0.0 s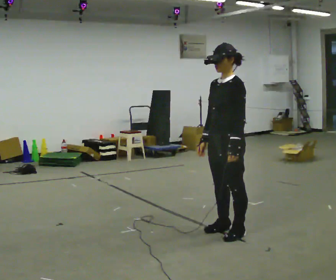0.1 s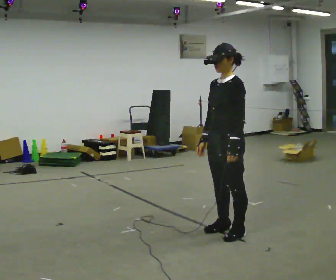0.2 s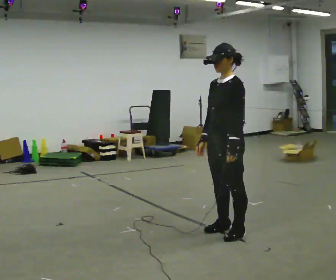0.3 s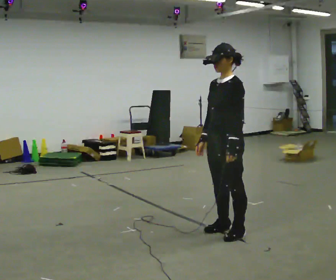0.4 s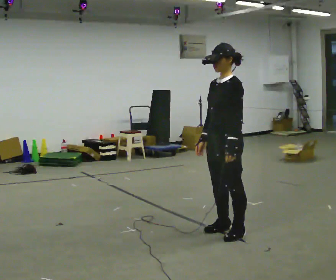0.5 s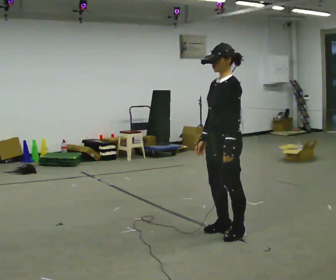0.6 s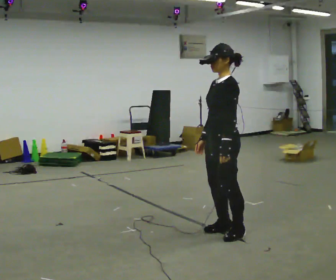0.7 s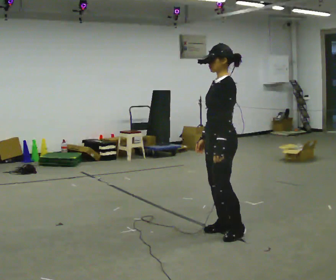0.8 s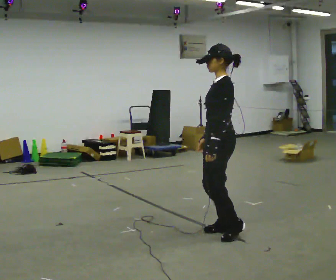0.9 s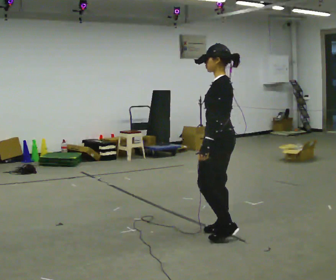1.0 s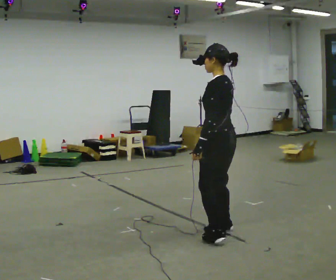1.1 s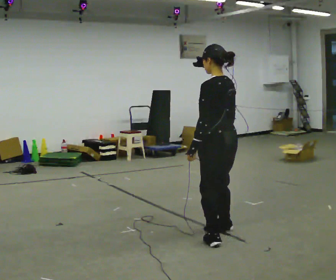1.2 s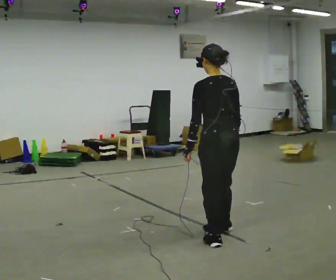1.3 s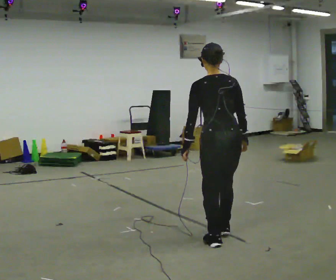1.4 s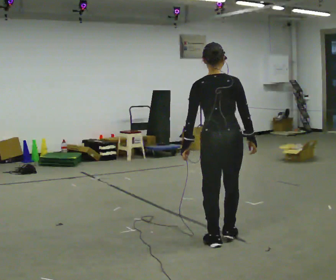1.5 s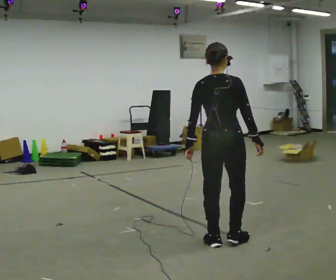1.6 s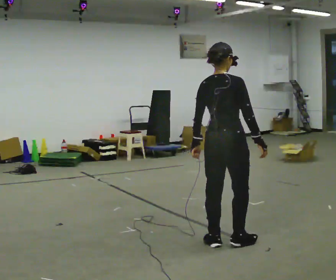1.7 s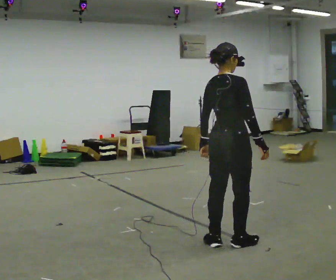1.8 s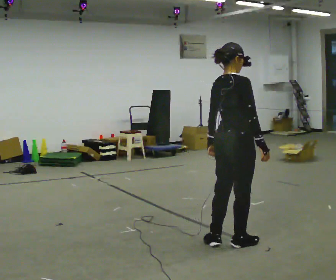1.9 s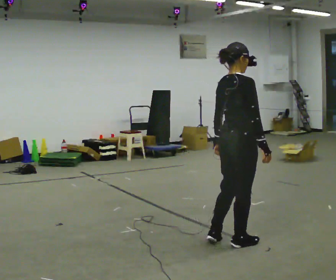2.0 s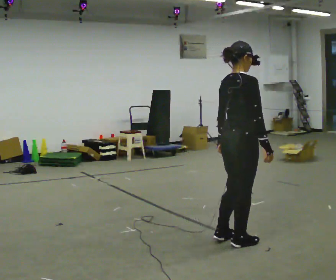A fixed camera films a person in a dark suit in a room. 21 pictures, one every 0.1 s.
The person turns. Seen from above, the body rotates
clockwise.
The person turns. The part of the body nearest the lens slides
to the left.
0.0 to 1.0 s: The person turns about 60 degrees to their right, clockwise seen from above, so the part of the body nearest the lens slides to the left.
1.0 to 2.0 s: Seen from above the body turns clockwise, about 120 degrees: to their right, with its near side sliding to the left. In the picture they go toward the camera, about 0.25 m in 2 steps. In the picture their right hand goes to the right.
The film runs forward here.
